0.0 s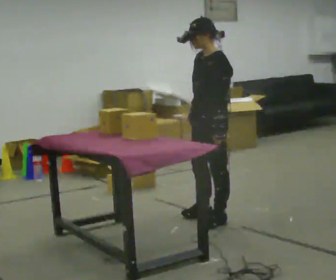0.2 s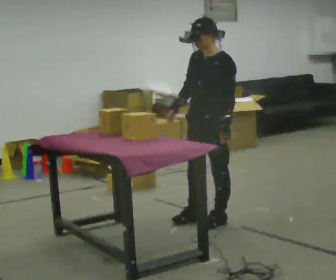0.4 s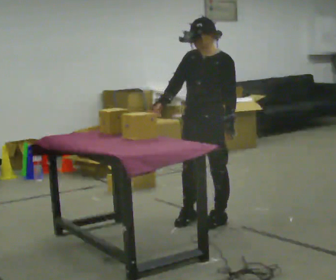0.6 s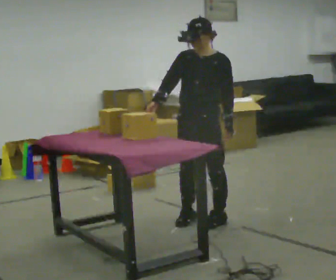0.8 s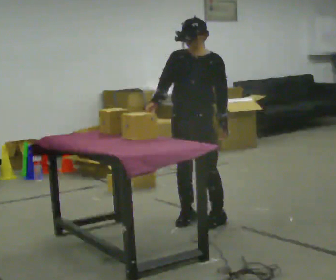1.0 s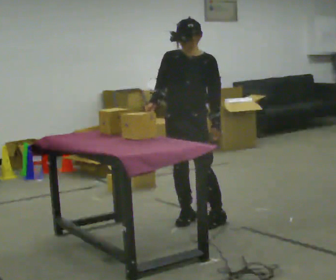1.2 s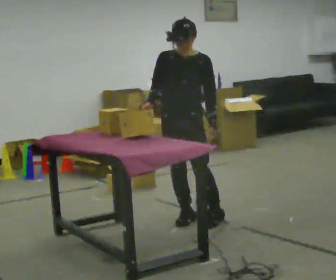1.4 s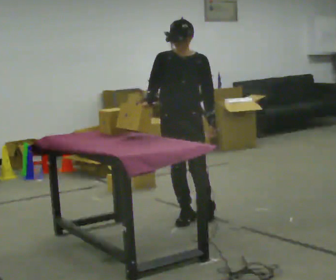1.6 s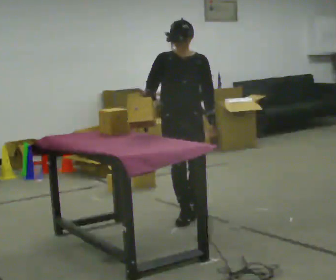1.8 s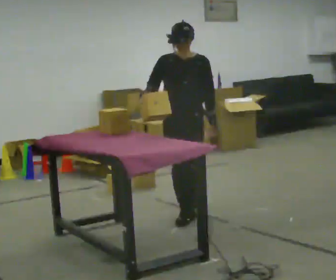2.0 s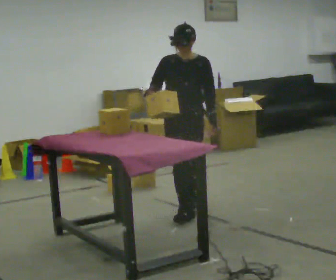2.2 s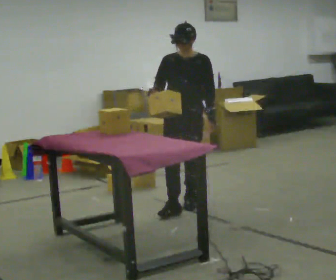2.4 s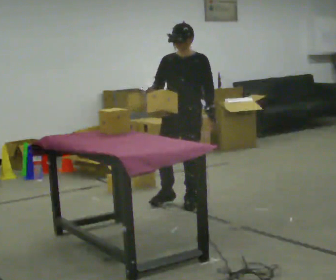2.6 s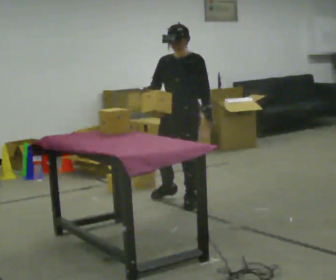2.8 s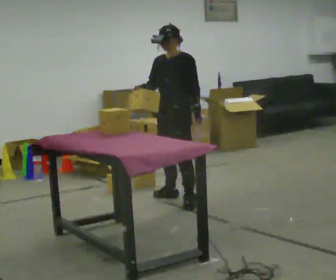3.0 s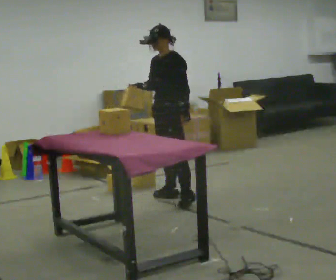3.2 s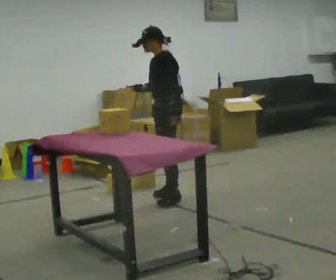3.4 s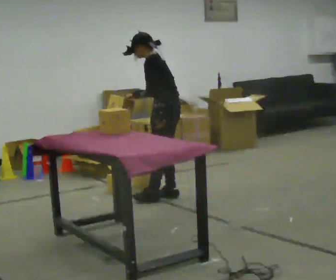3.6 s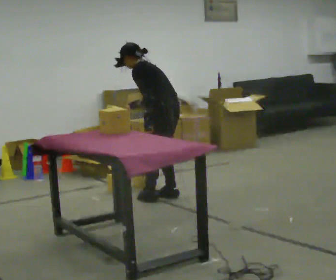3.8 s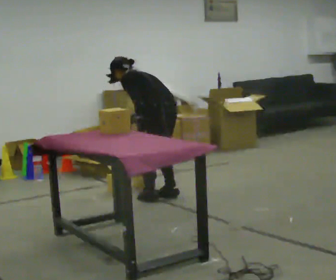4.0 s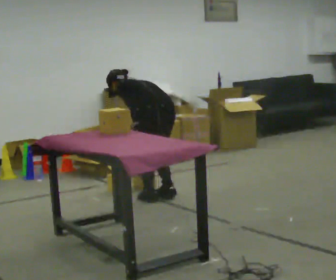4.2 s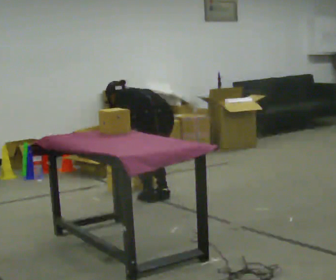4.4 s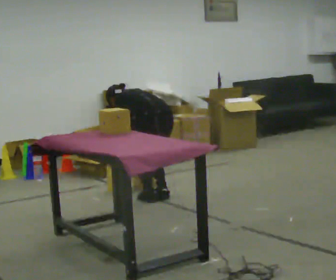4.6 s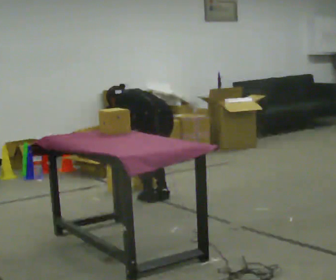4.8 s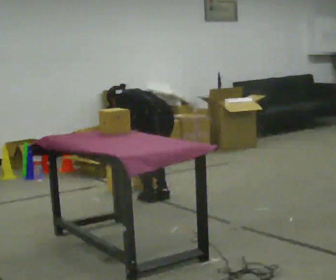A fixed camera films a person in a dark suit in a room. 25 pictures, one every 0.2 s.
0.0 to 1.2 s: Seen from above the body turns counterclockwise, about 60 degrees: to their left, with its near side sliding to the right. In the picture they go to the left, about 0.25 m in 1 step, which for them is to their right. In the picture their right hand goes to the left.
1.2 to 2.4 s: In the picture they go away from the camera, about 0.5 m in 1 step, which for them is backward.
2.4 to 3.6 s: The part of the body nearest the lens slides to the left as the person turns to their right by about 90 degrees. In the picture they go away from the camera, about 0.25 m in 1 step. In the picture the upper body tilts counterclockwise, shoulders to the left, as they bend forward.
3.6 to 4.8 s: The part of the body nearest the lens slides to the left as the person turns to their right by about 30 degrees. The upper body goes downward. The upper body tips away from the camera, its near side rolling upward, as they bend forward. In the picture their right hand goes downward.
The film runs backward here.
